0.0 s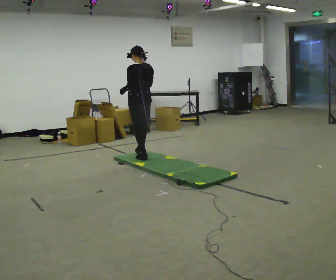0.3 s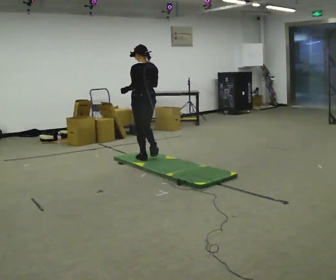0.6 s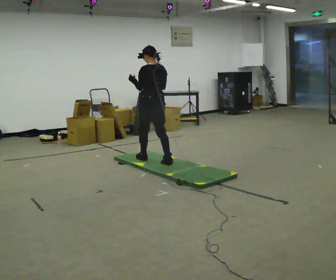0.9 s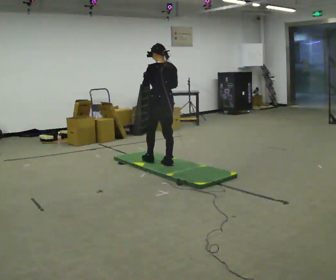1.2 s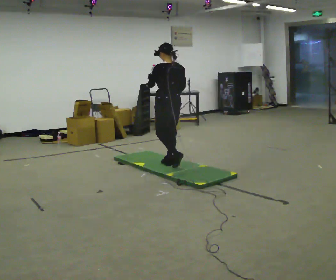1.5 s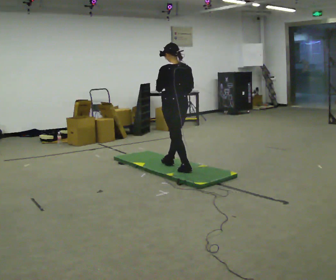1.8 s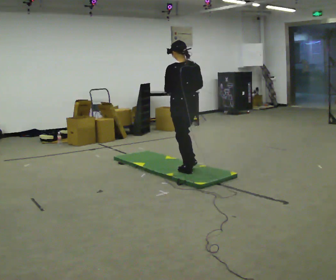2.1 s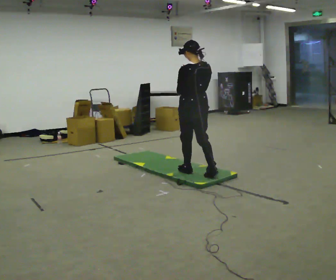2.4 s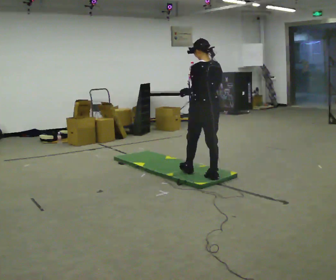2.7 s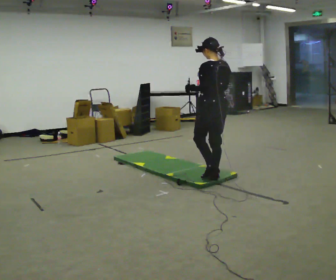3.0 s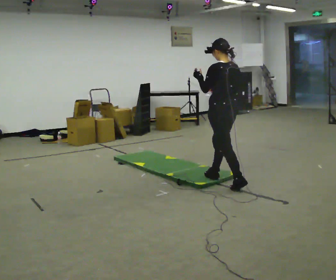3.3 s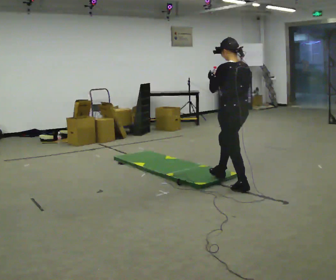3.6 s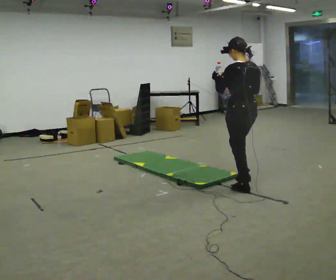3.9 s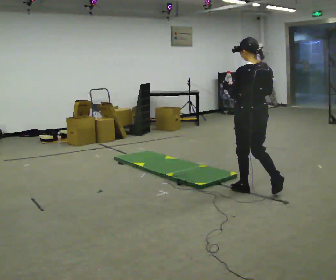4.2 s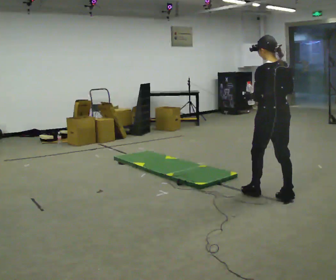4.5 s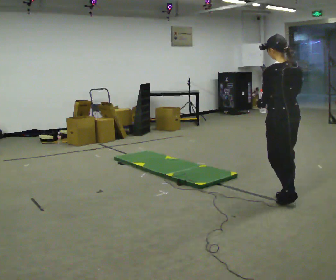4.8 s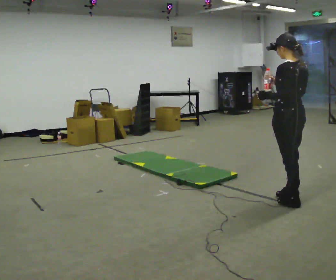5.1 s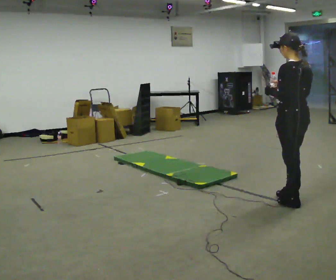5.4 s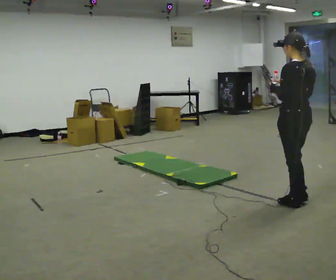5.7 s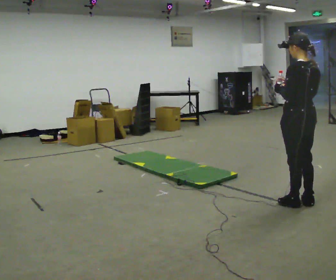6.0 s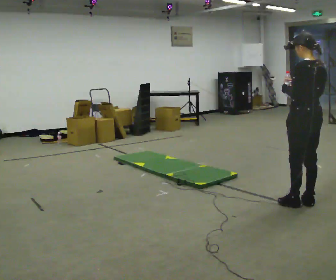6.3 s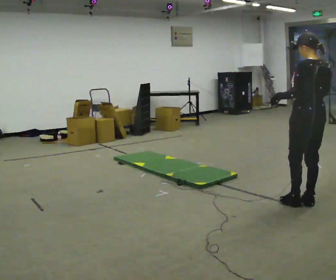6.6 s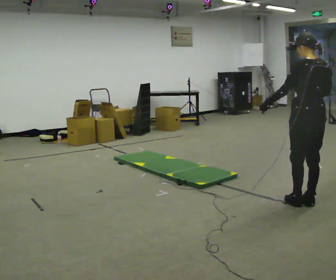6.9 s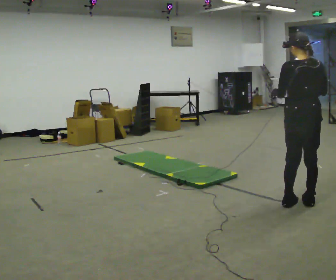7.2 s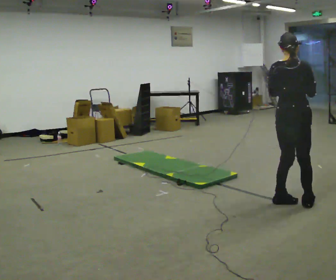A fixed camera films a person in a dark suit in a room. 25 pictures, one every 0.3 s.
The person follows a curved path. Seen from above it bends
clockwise.
0.0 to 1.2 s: In the picture they go to the right and toward the camera, about 0.75 m in 2 steps, which for them is backward.
1.2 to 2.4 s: In the picture they go to the right and toward the camera, about 0.75 m in 2 steps, which for them is backward.
2.4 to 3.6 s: In the picture they go to the right and toward the camera, about 0.5 m in 1 step, which for them is backward.
3.6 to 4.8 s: In the picture they go to the right and toward the camera, about 0.5 m in 1 step, which for them is backward.
4.8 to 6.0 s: The person moves a little, or ends about where they began.
6.0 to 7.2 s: The person turns about 75 degrees to their right, clockwise seen from above, so the part of the body nearest the lens slides to the left. In the picture they go to the left, about 0.25 m in 2 steps.
The film runs backward here.
